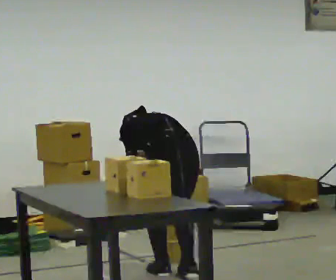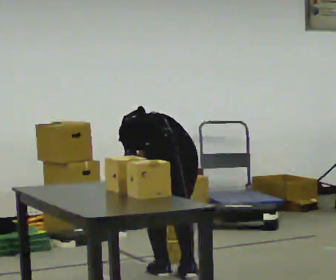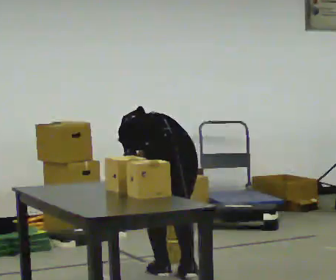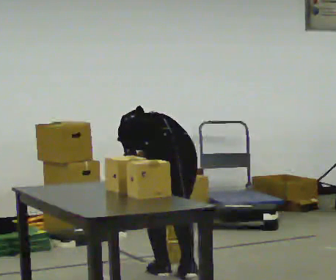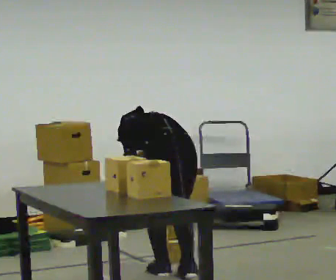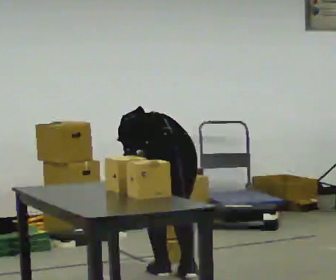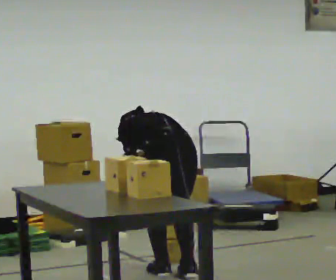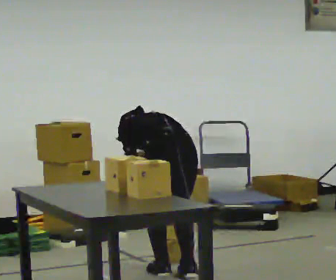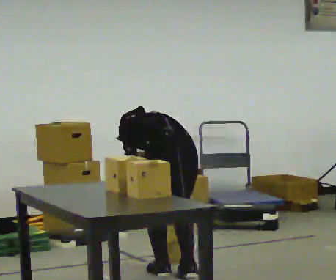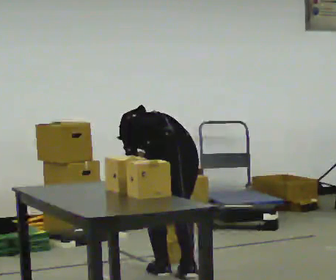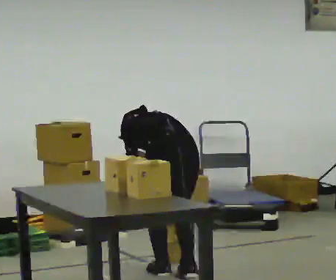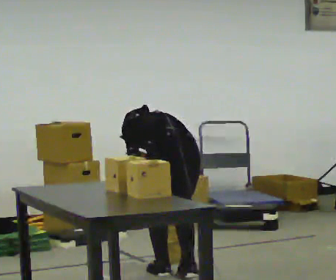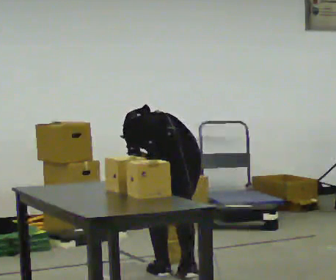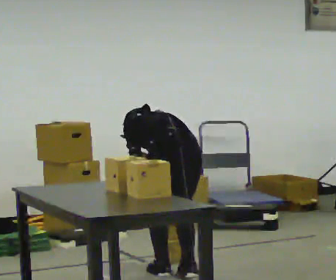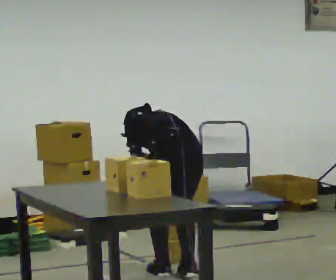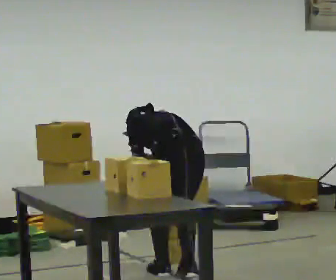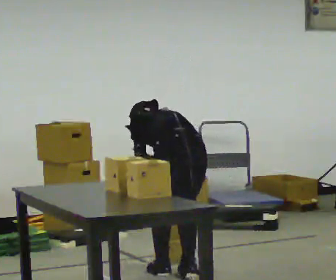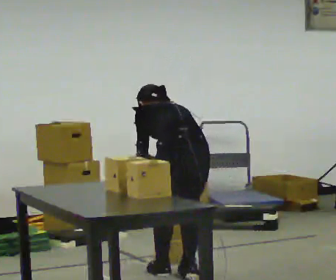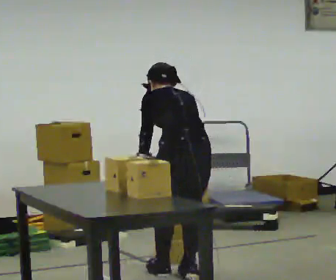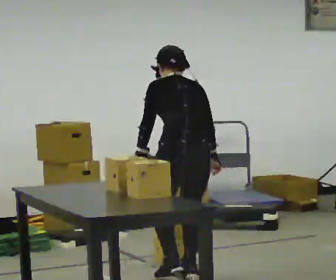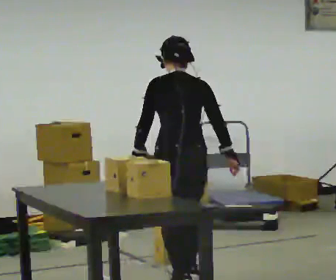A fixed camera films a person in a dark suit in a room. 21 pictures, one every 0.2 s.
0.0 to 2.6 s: The person moves a little, or ends about where they began.
2.6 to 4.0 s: In the picture they go toward the camera, about 0.25 m in 1 step, which for them is backward. The upper body goes upward. The upper body tips toward the camera, its near side rolling downward, as they lean back or straighten.
The film runs backward here.
